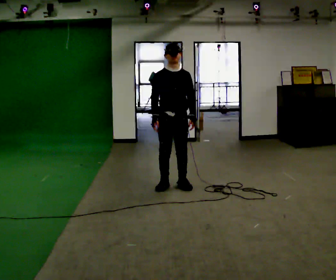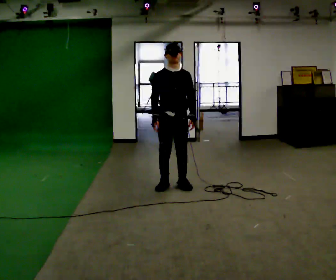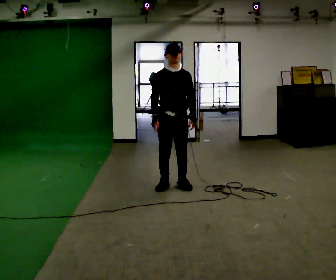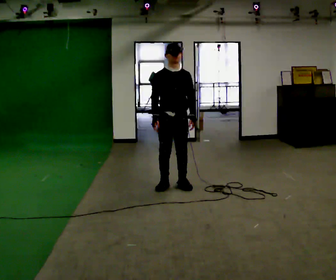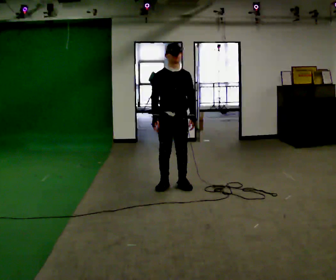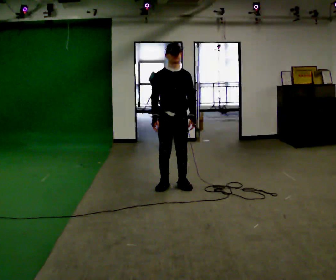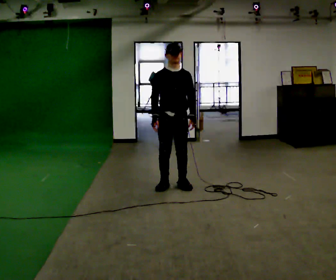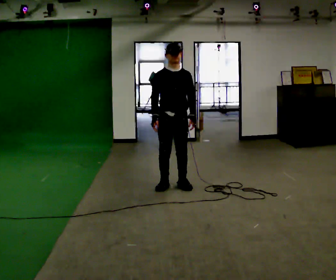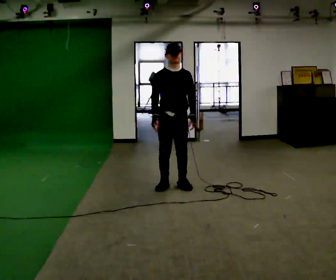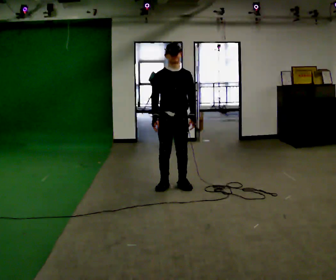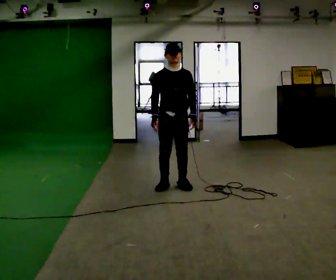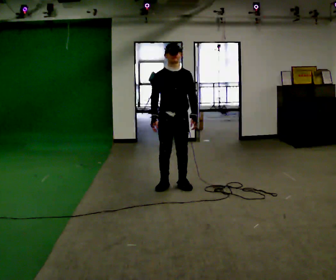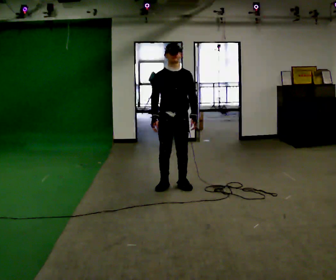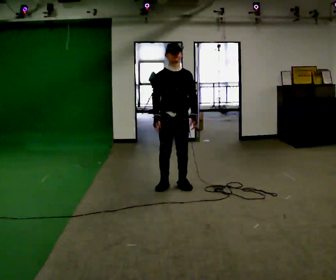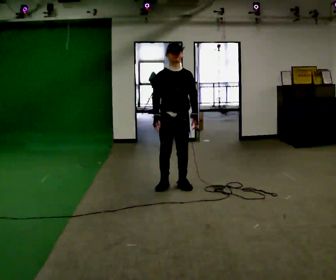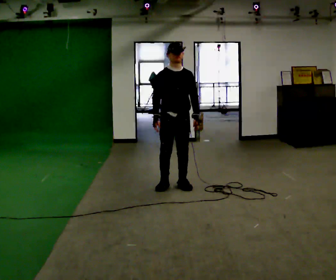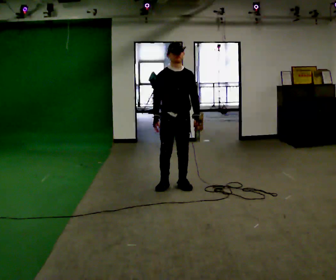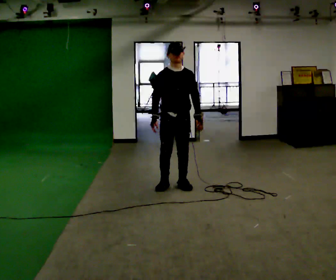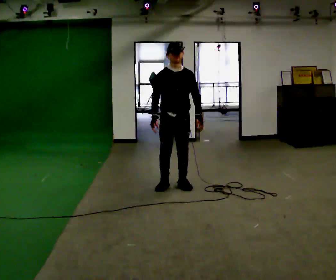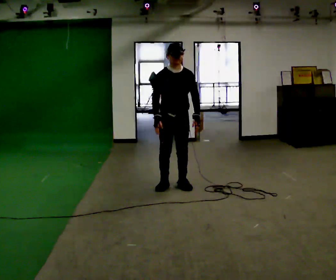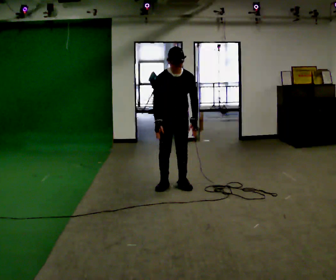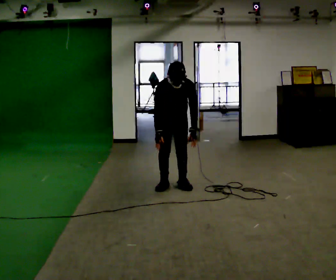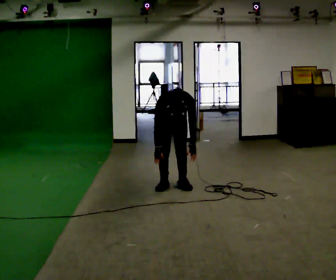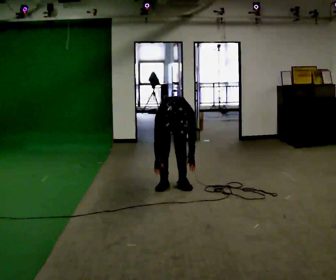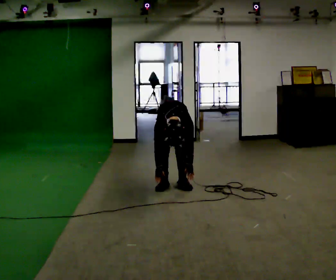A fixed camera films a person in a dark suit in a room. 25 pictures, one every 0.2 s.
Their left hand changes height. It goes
downward.
Their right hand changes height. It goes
downward.
0.0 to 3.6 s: The person moves a little, or ends about where they began.
3.6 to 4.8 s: In the picture they go away from the camera, about 0.25 m, which for them is backward. The shoulders move downward. The upper body tips toward the camera, its near side rolling downward, as they bend forward. In the picture their right hand goes downward.
The film runs backward here.
